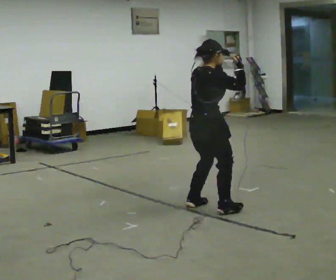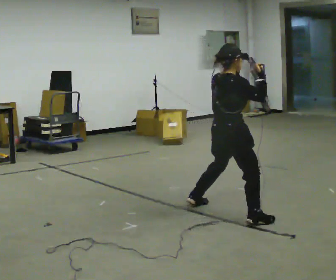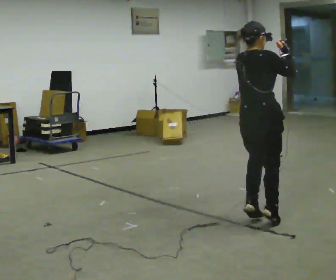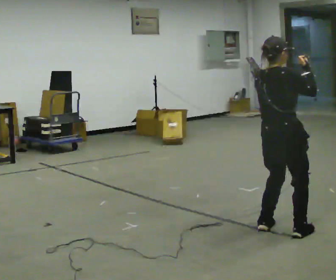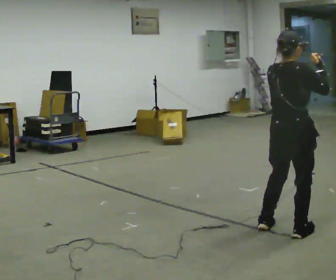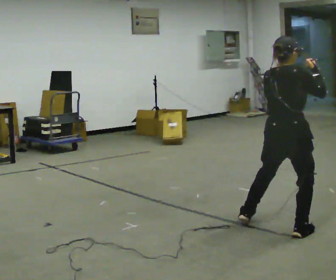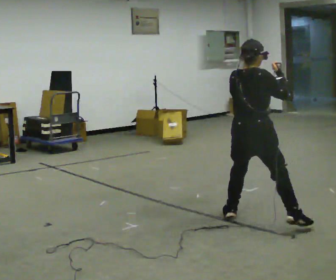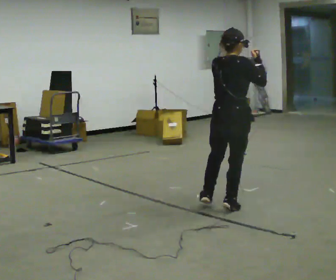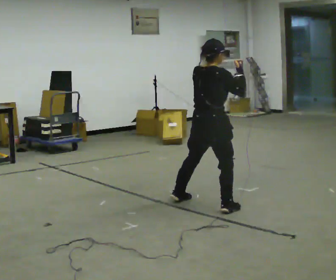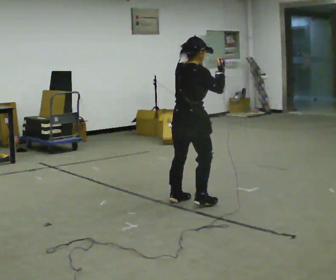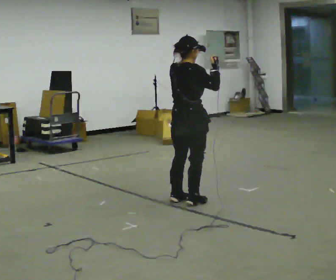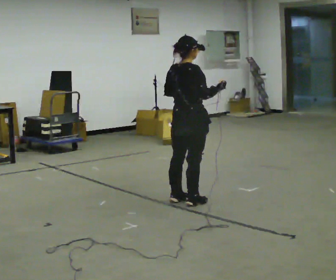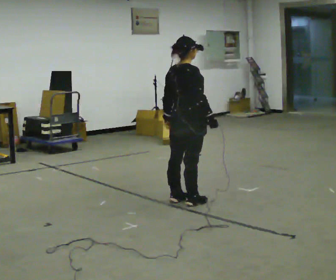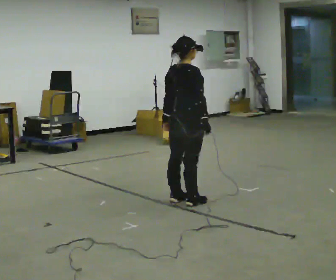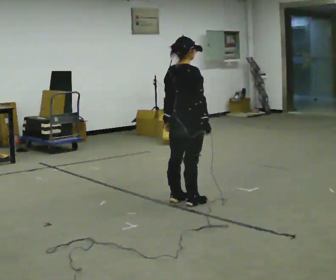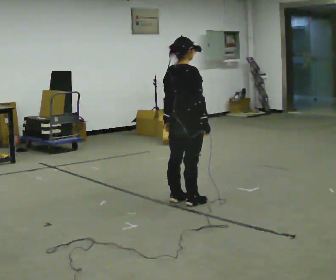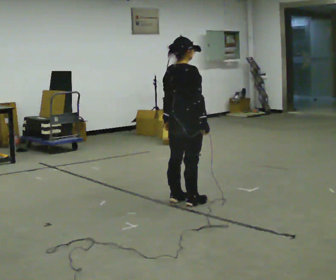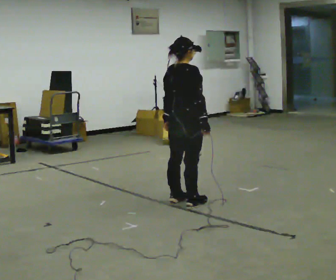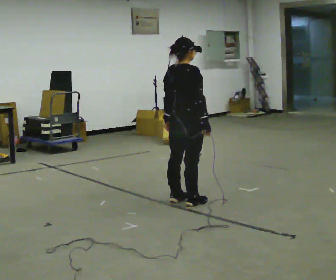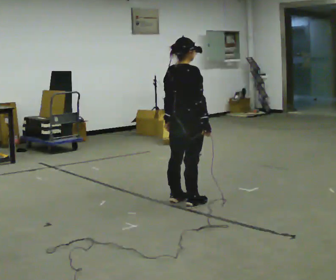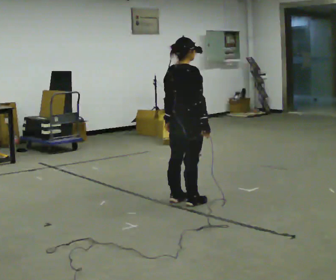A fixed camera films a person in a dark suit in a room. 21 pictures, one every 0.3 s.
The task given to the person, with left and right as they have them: Move in a low athletic stance, shuffling side to side and forward and back as the operator points.
0.0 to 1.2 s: In the picture they go toward the camera and to the right, about 1 m in 3 steps, which for them is to their right.
1.2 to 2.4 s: In the picture they go away from the camera and to the left, about 1 m in 3 steps, which for them is to their left and forward.
2.4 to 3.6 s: In the picture they go to the left and away from the camera, about 0.25 m in 1 step, which for them is to their left. In the picture their left hand goes downward and to the left.
3.6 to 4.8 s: The person moves a little, or ends about where they began.
4.8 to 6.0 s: The person keeps their place and pose.
The film runs forward here.
